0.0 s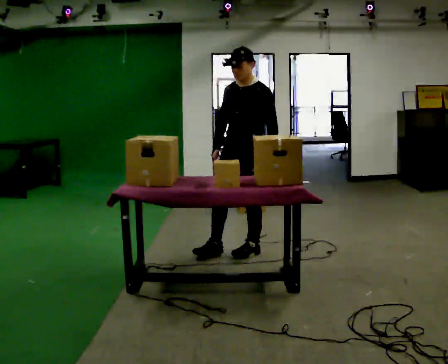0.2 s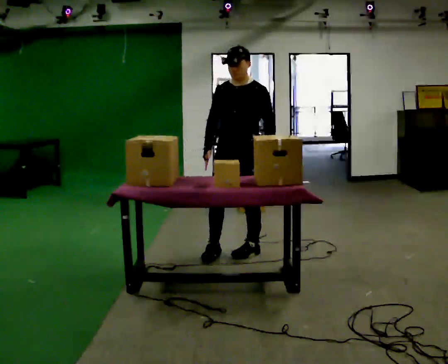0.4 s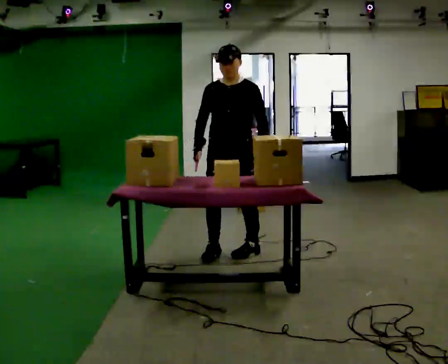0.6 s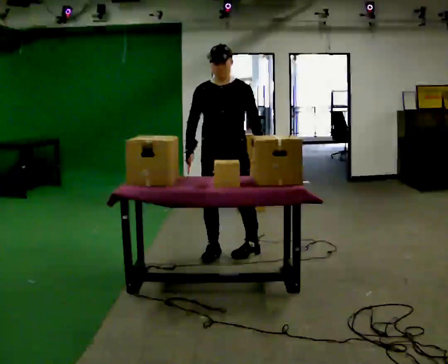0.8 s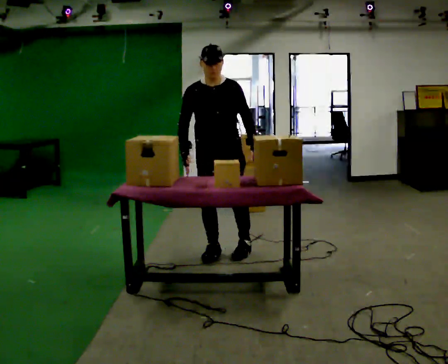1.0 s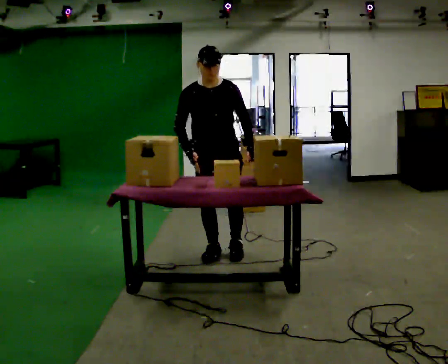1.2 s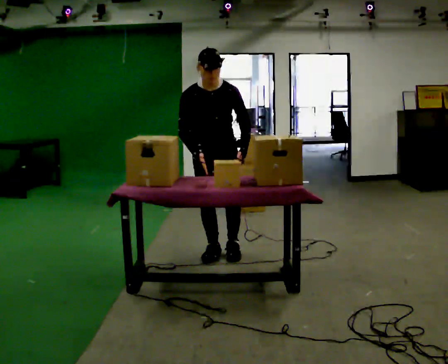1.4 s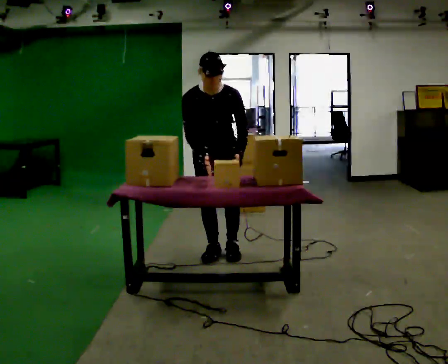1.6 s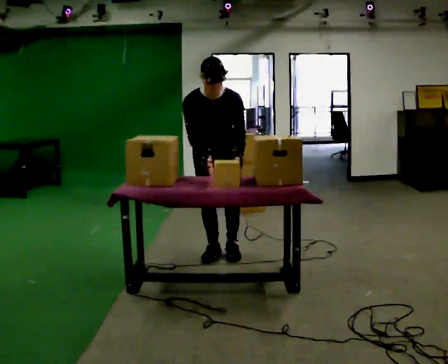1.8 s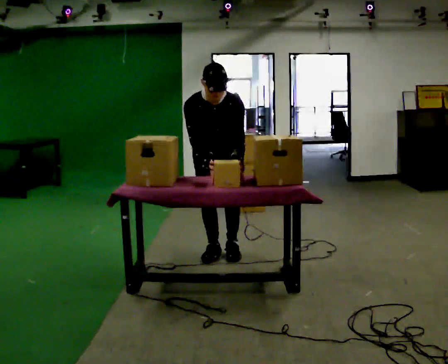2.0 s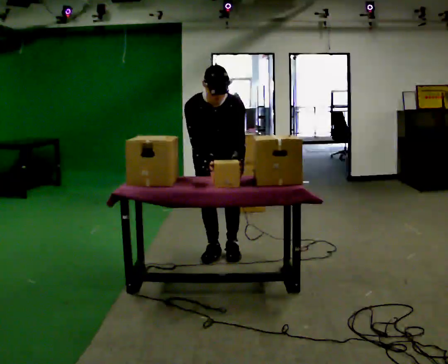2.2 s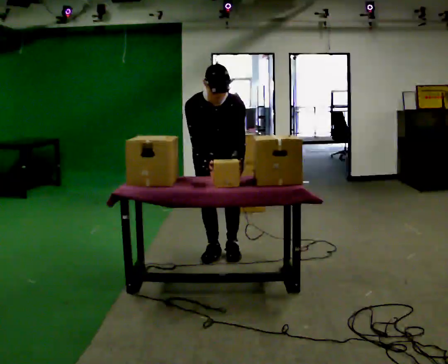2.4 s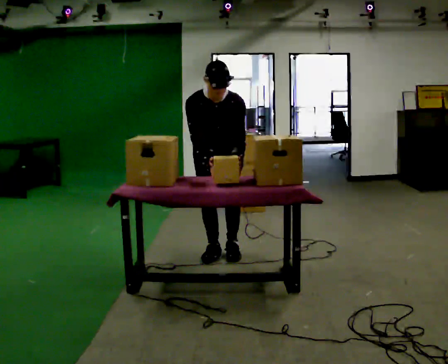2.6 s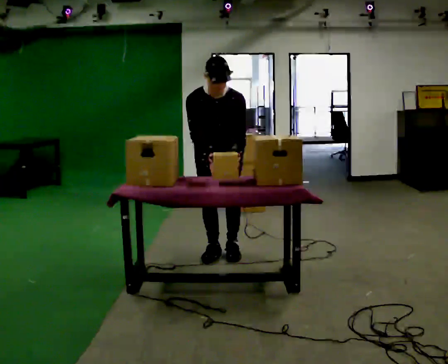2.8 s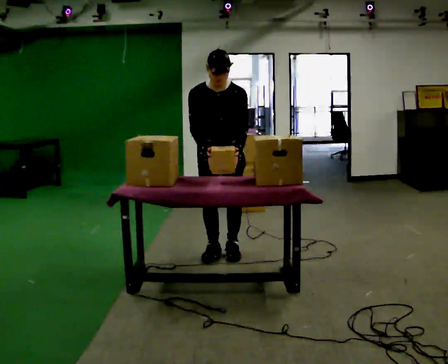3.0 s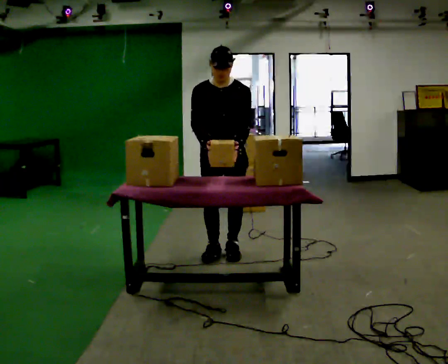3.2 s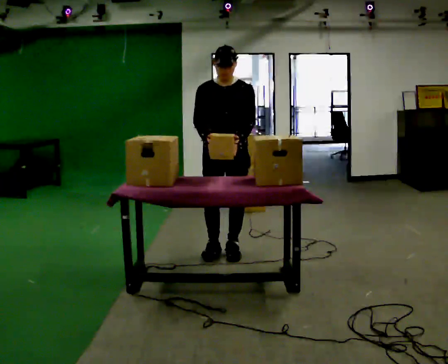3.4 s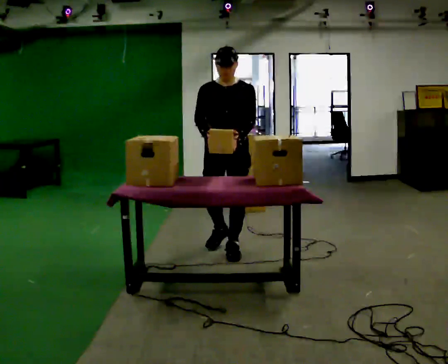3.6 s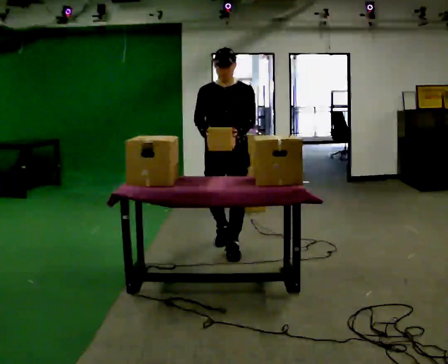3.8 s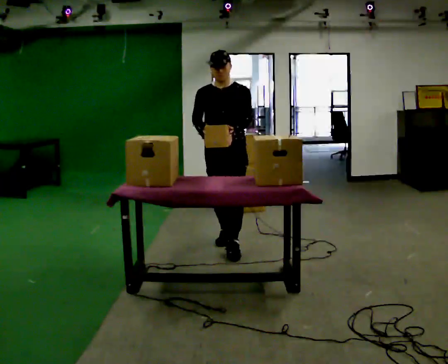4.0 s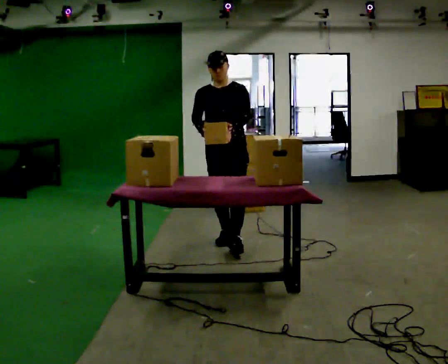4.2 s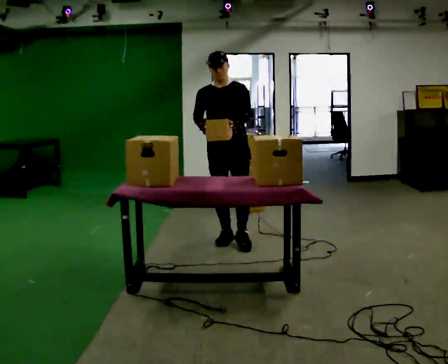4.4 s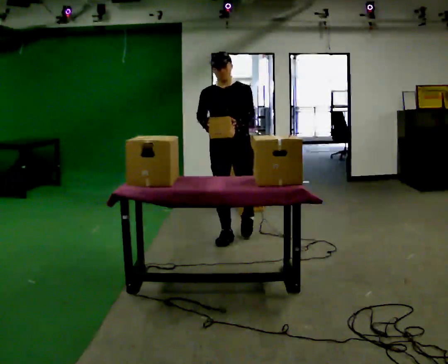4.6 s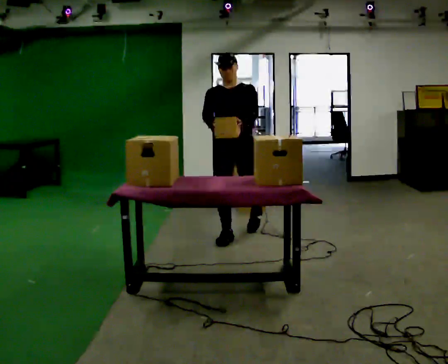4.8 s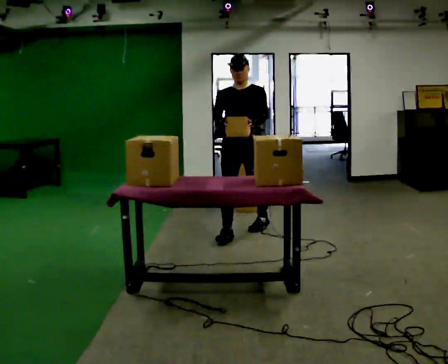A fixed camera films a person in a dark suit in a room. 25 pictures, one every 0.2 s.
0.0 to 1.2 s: The person turns about 60 degrees to their left, counterclockwise seen from above, so the part of the body nearest the lens slides to the right. In the picture they go to the left, about 0.25 m in 1 step, which for them is to their right.
1.2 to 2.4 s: The upper body tips toward the camera, its near side rolling downward, as they bend forward.
2.4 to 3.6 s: The upper body tips away from the camera, its near side rolling upward, as they lean back or straighten.
3.6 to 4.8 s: In the picture they go away from the camera, about 0.5 m in 1 step, which for them is backward.
The film runs backward here.
